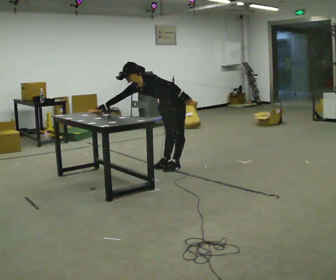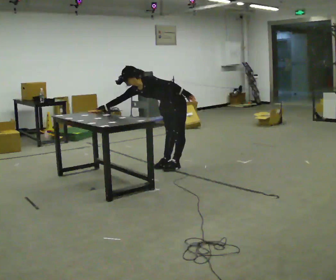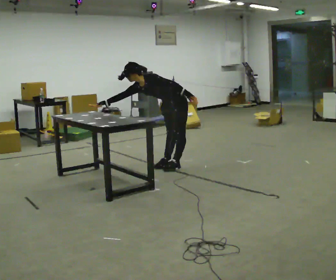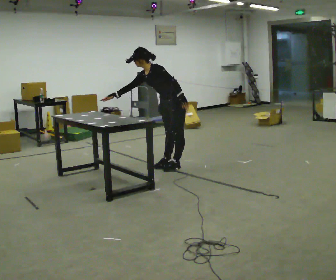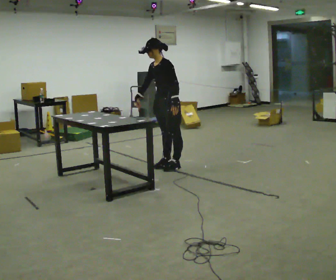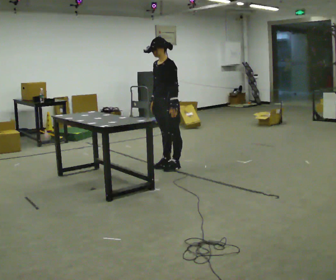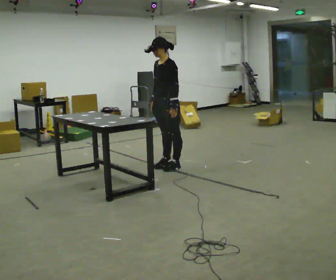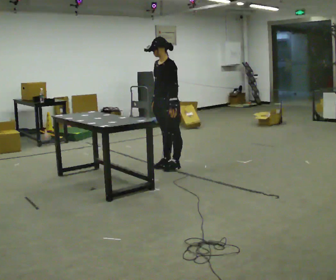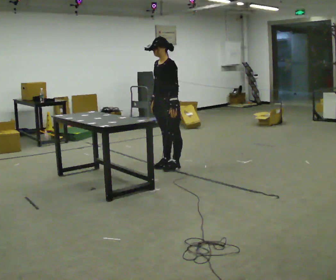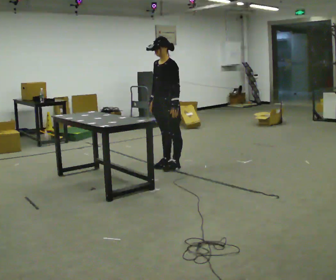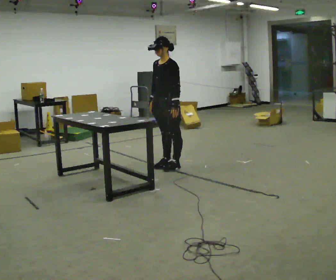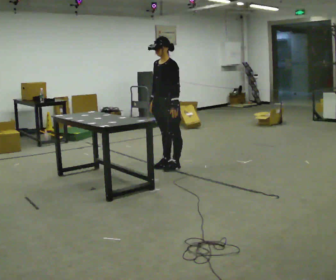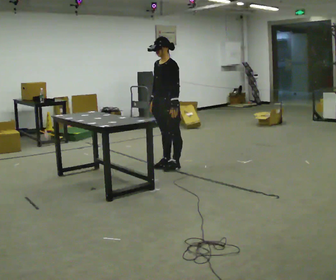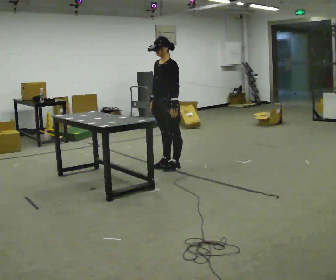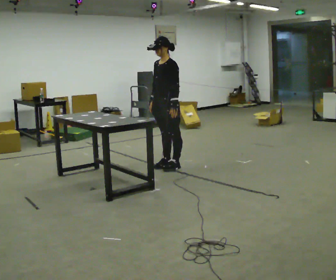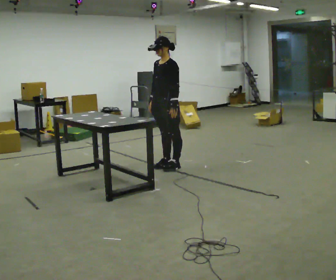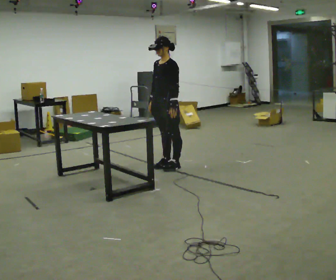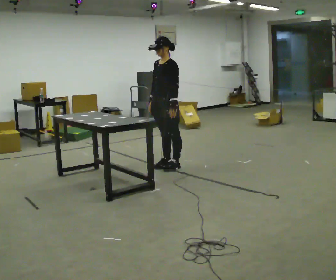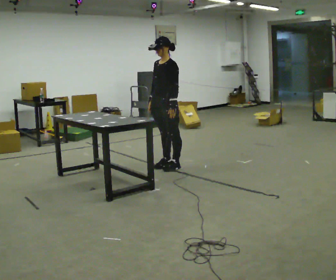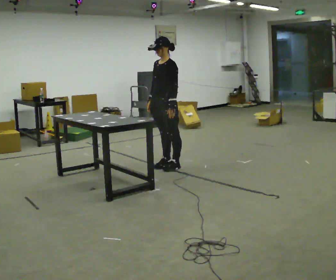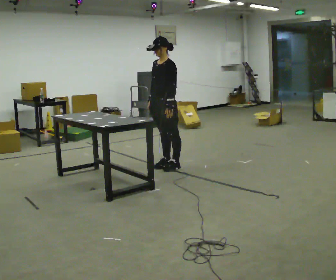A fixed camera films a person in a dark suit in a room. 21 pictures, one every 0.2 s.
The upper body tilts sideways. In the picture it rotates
clockwise.
0.0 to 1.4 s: The shoulders move upward. In the picture the upper body tilts clockwise, shoulders to the right, as they lean back or straighten.
1.4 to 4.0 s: The person moves a little, or ends about where they began.
The film runs backward here.
